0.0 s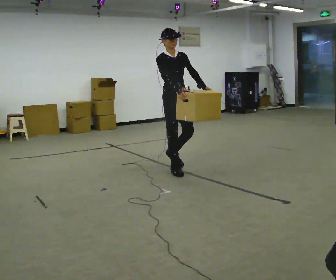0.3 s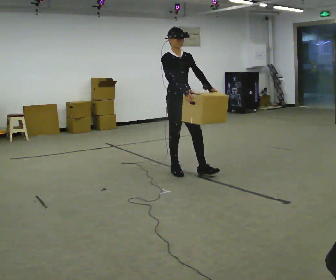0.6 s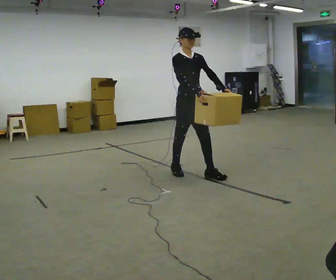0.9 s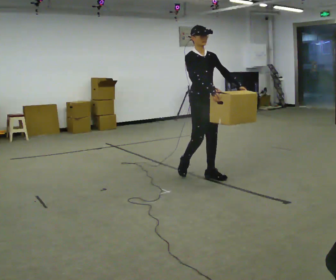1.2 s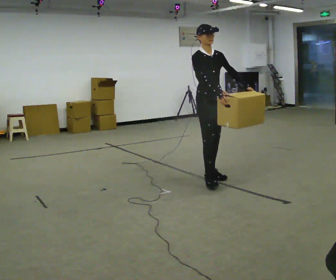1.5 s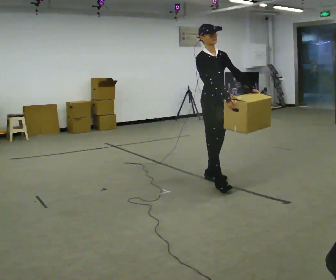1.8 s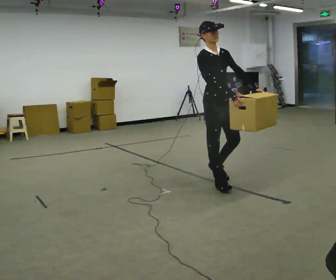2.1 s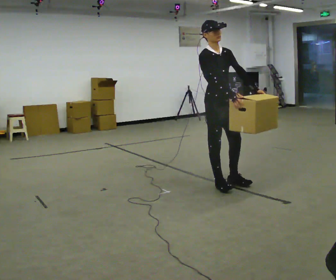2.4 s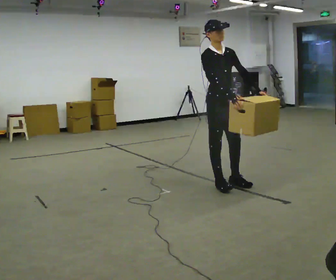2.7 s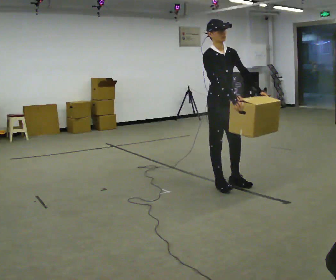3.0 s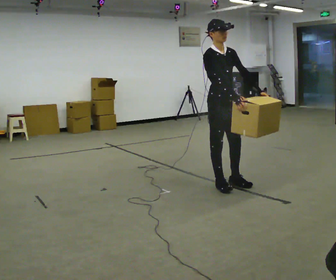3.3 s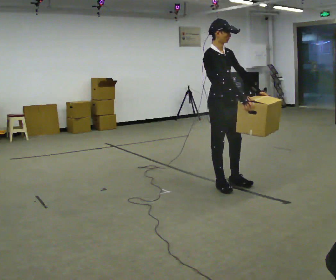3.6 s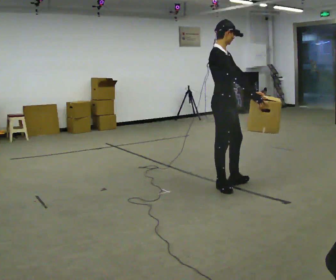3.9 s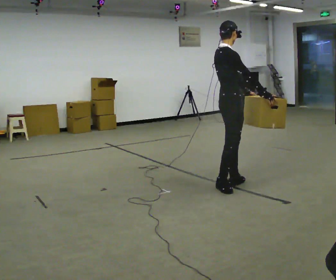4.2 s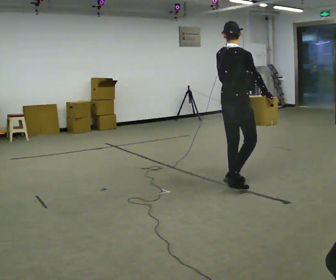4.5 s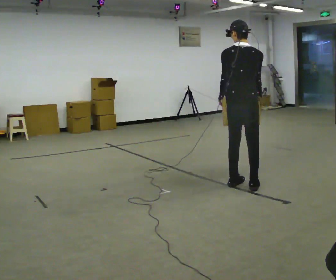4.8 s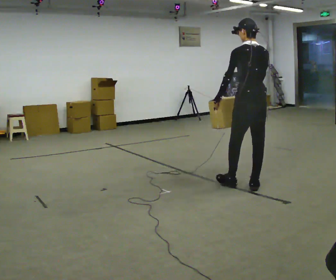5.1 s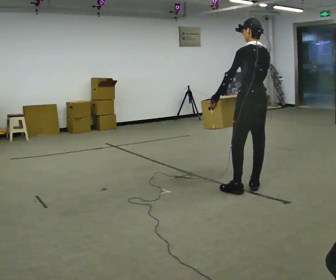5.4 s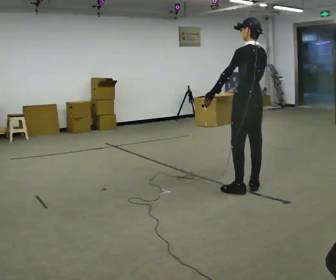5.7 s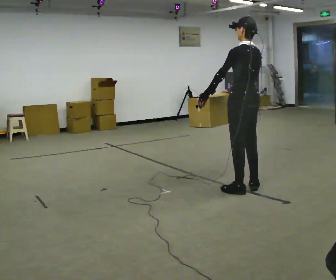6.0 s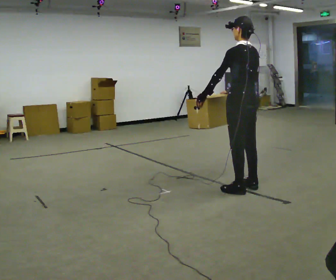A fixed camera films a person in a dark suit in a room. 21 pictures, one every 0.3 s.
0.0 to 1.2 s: In the picture they go to the right and toward the camera, about 0.5 m in 1 step, which for them is forward.
1.2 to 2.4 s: In the picture they go toward the camera, about 0.25 m in 2 steps, which for them is forward and to their right.
2.4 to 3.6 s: The part of the body nearest the lens slides to the right as the person turns to their left by about 30 degrees.
3.6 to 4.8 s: The person turns about 120 degrees to their left, counterclockwise seen from above, so the part of the body nearest the lens slides to the right. In the picture they go to the right, about 0.25 m in 1 step.
4.8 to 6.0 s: The person moves a little, or ends about where they began.
The film runs forward here.
